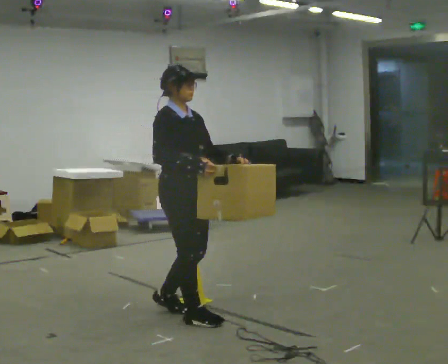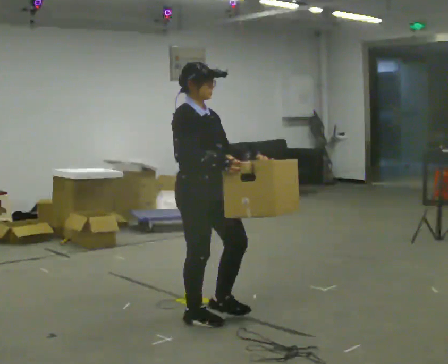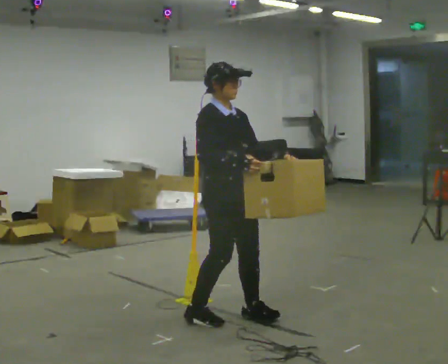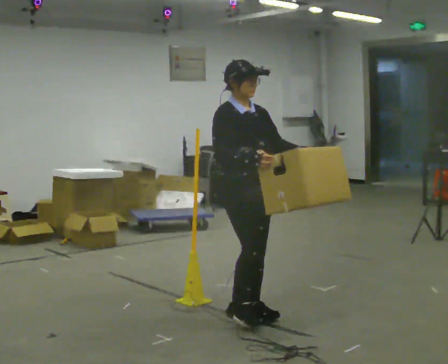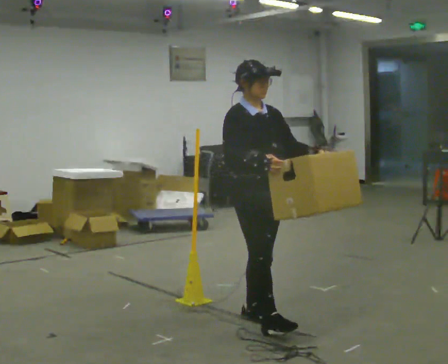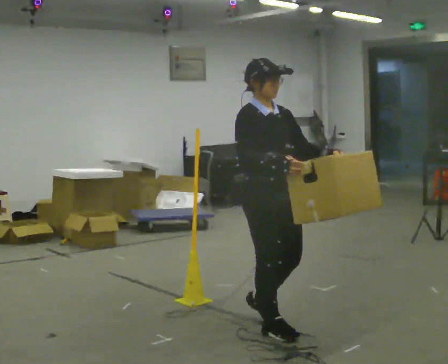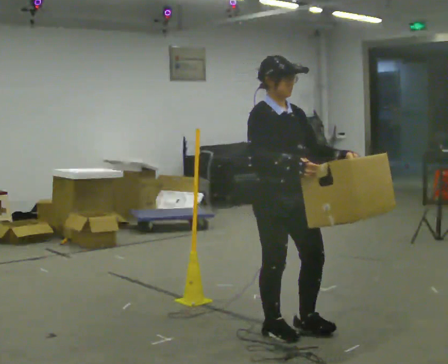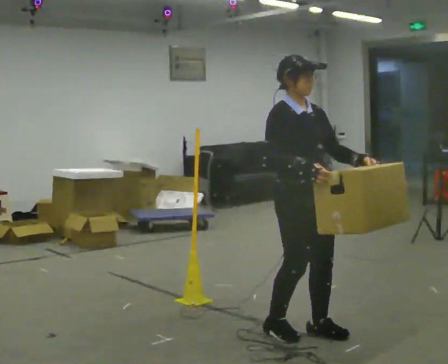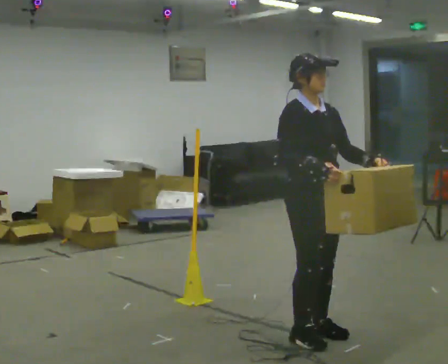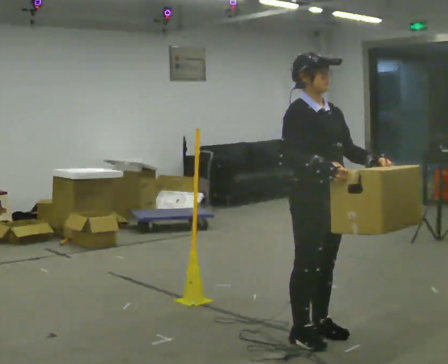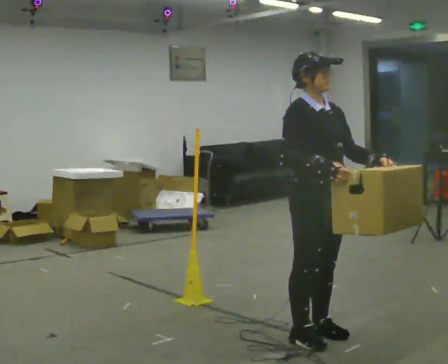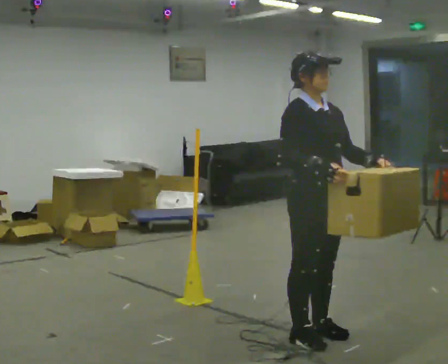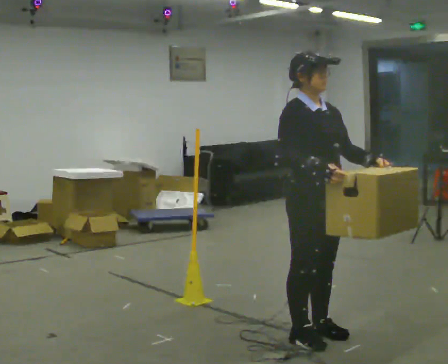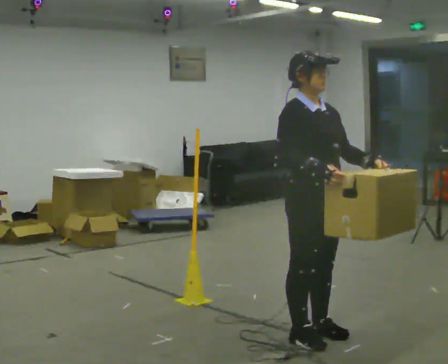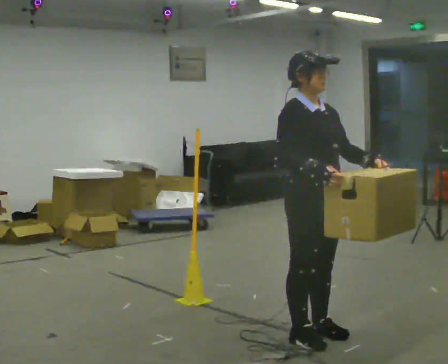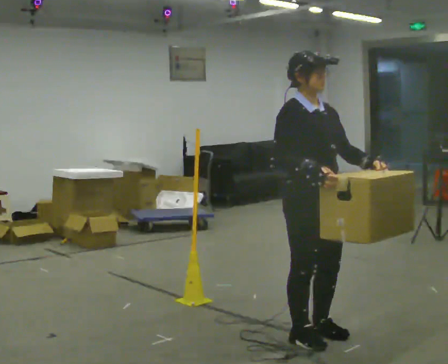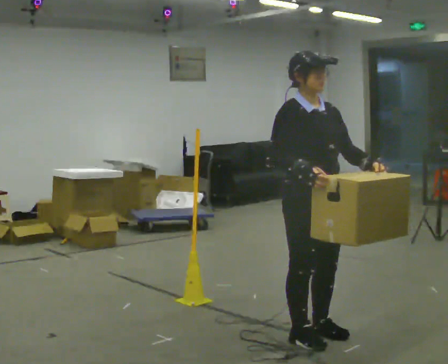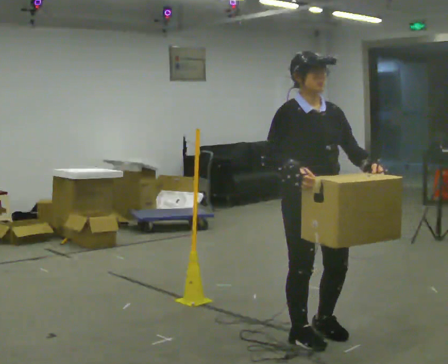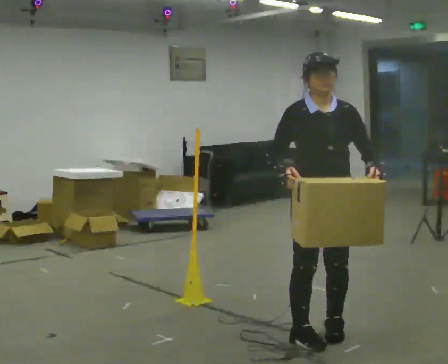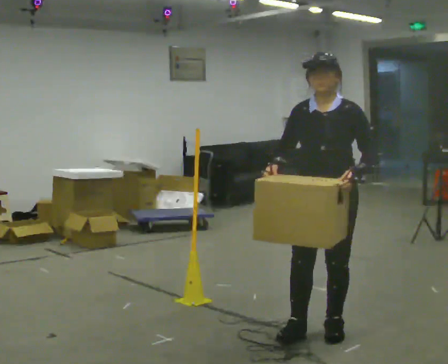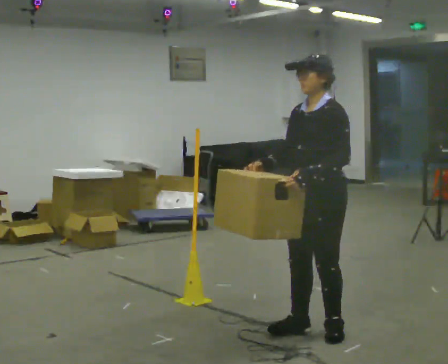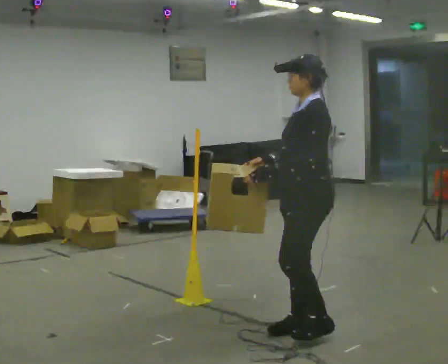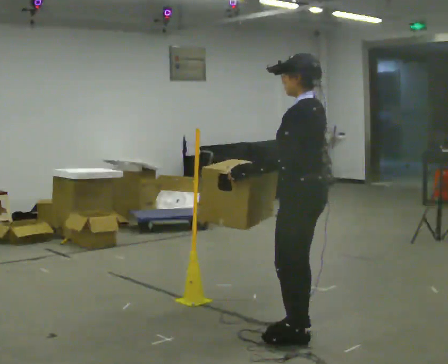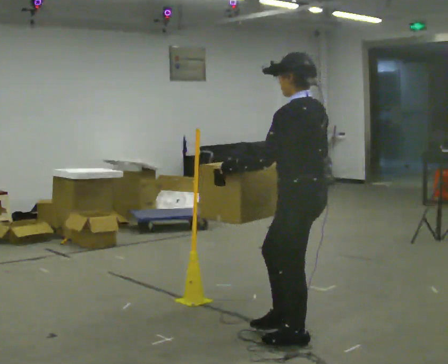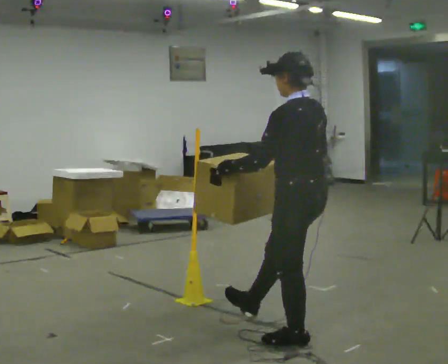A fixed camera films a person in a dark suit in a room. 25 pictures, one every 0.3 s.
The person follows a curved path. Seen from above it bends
clockwise.
Their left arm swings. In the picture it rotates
clockwise.
0.0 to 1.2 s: In the picture they go to the right, about 0.5 m in 2 steps, which for them is forward and to their left.
1.2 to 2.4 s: In the picture they go to the right and toward the camera, about 0.5 m in 2 steps, which for them is forward.
2.4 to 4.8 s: The person moves a little, or ends about where they began.
4.8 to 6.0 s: The person turns about 90 degrees to their right, clockwise seen from above, so the part of the body nearest the lens slides to the left. In the picture their left hand goes to the left, the arm swinging clockwise.
6.0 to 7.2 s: The part of the body nearest the lens slides to the left as the person turns to their right by about 60 degrees. In the picture they go toward the camera, about 0.25 m in 1 step. In the picture their left hand goes to the left.
The film runs forward here.
